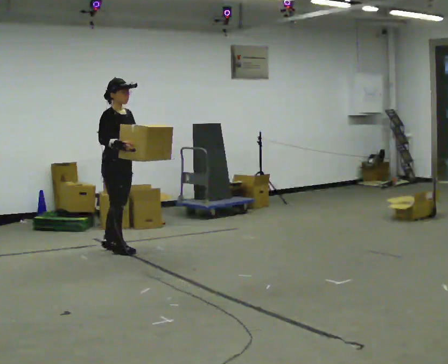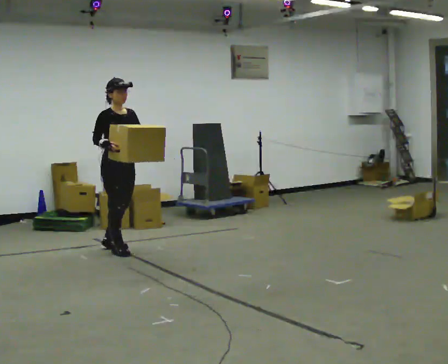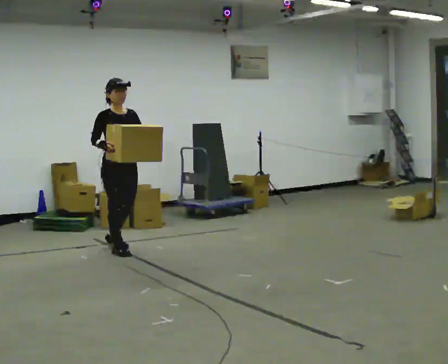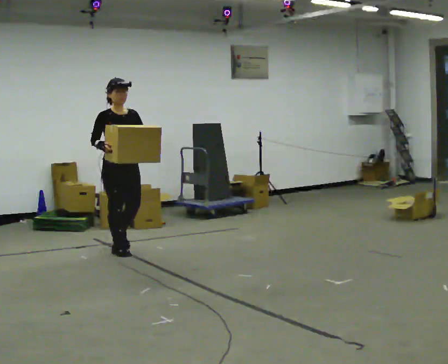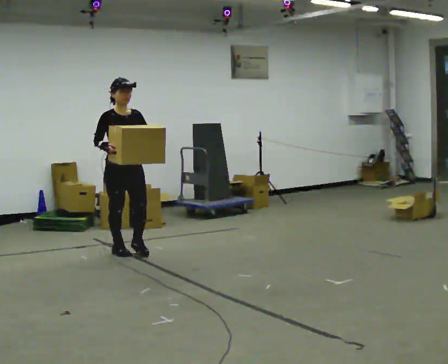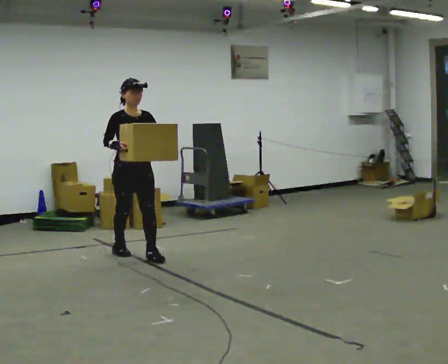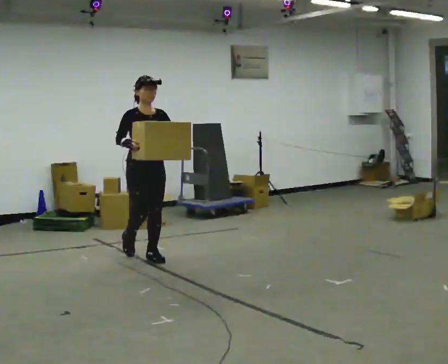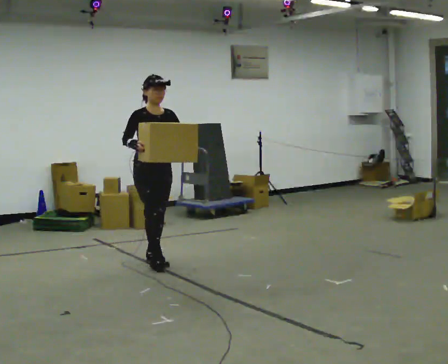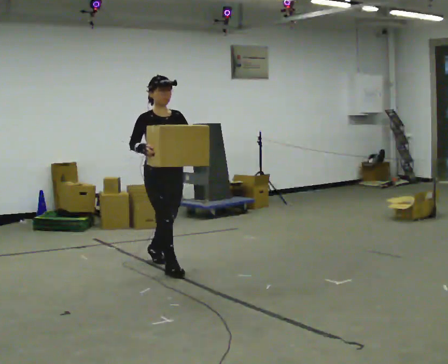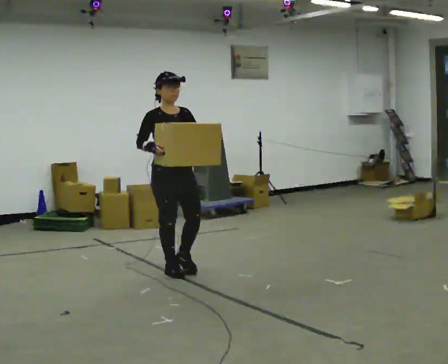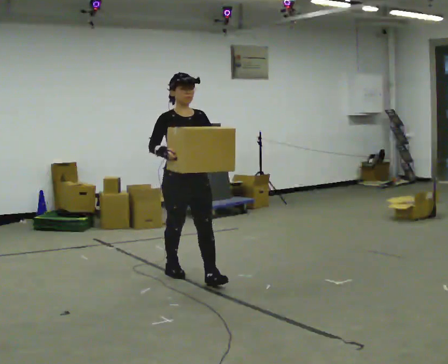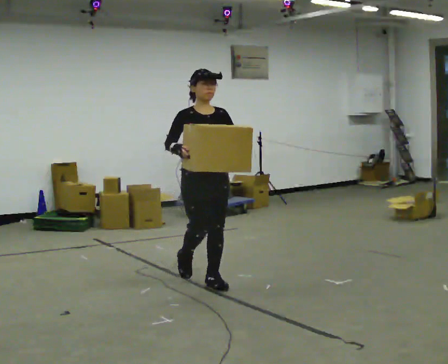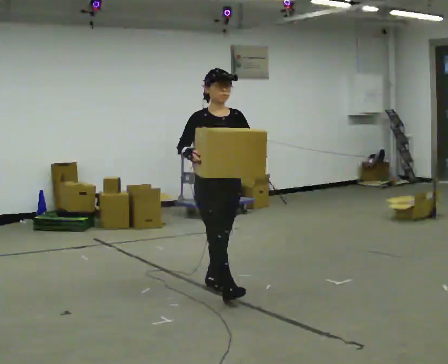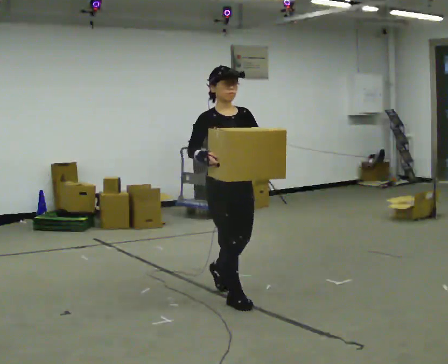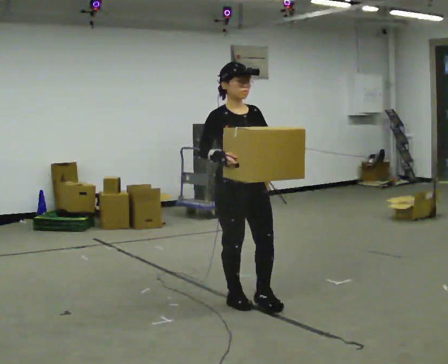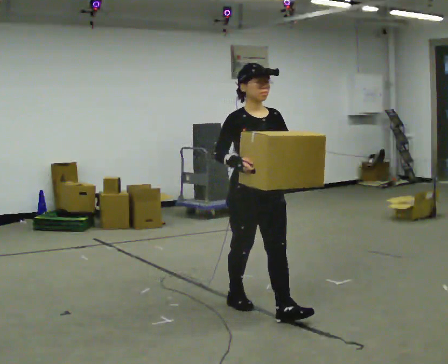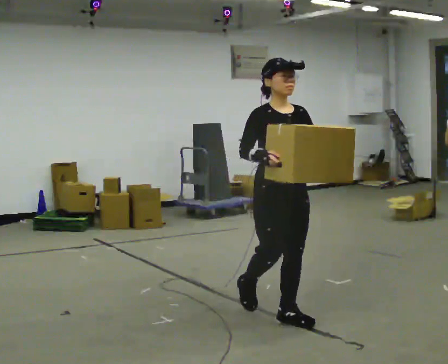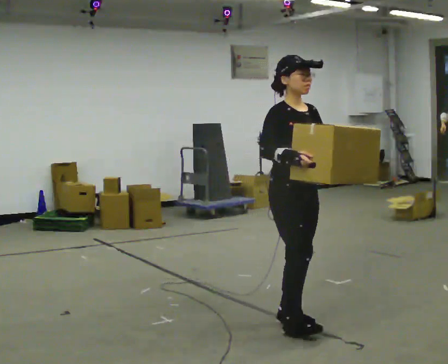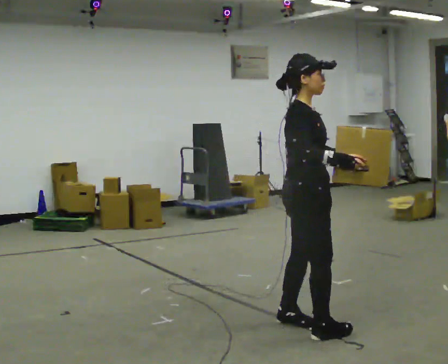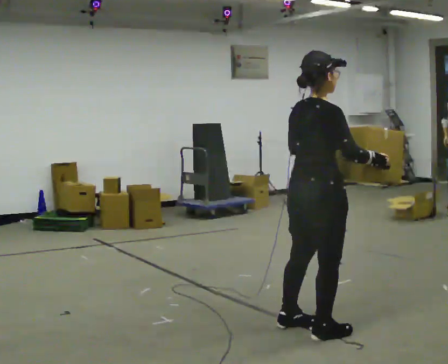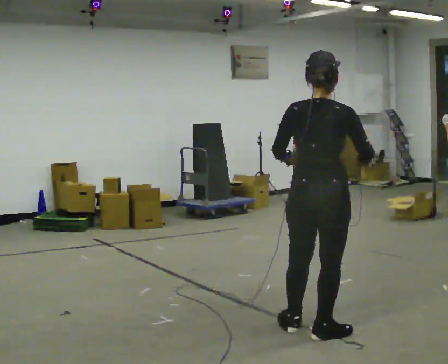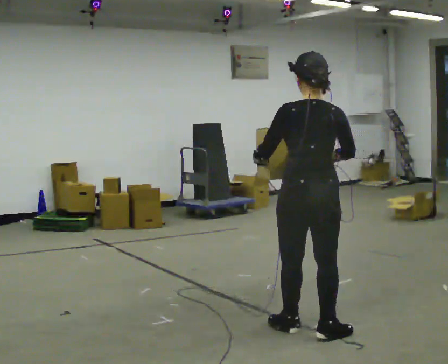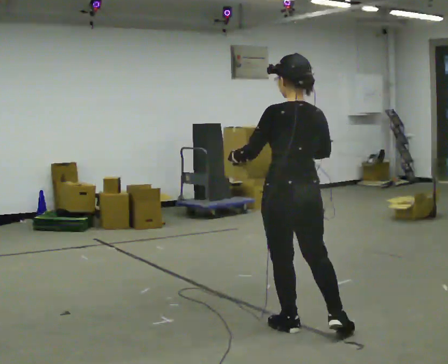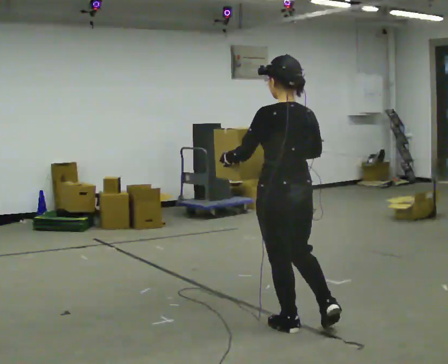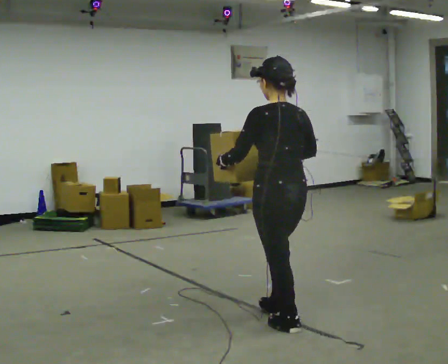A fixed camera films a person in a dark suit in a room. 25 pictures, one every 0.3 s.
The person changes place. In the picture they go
toward the camera.
0.0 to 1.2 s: The part of the body nearest the lens slides to the left as the person turns to their right by about 30 degrees. In the picture they go toward the camera, about 0.25 m, which for them is forward.
1.2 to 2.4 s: In the picture they go toward the camera and to the right, about 0.75 m in 2 steps, which for them is forward.
2.4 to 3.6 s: In the picture they go toward the camera and to the right, about 1 m in 1 step, which for them is forward.
3.6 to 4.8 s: In the picture they go toward the camera and to the right, about 1 m in 2 steps, which for them is forward.
4.8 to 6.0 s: The part of the body nearest the lens slides to the right as the person turns to their left by about 135 degrees. In the picture they go toward the camera and to the right, about 0.5 m in 2 steps.
6.0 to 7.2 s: Seen from above the body turns counterclockwise, about 45 degrees: to their left, with its near side sliding to the right. In the picture they go to the left and away from the camera, about 0.25 m, which for them is forward and to their left.
The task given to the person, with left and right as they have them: Carry the heavy box in both hands in front of you, walking back and forth across the room. Keep walking until the operator says stop. Set it down if you need a rest.
The film runs forward here.
